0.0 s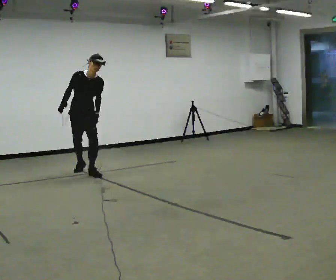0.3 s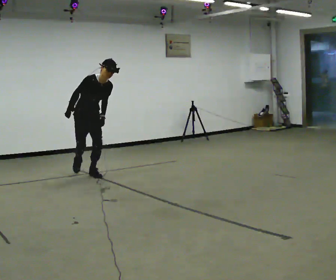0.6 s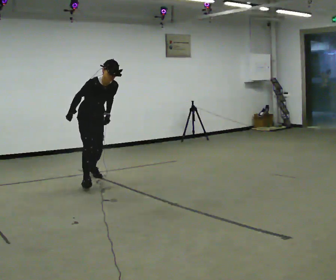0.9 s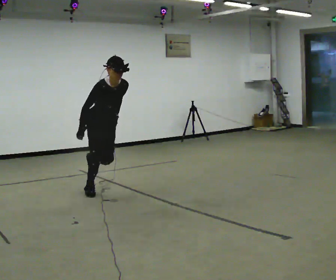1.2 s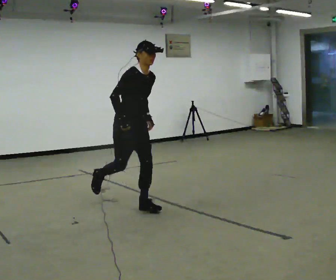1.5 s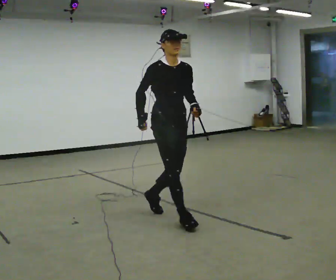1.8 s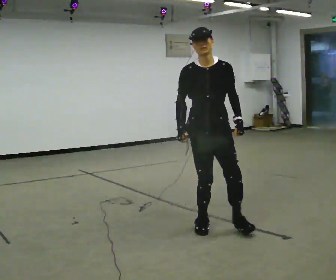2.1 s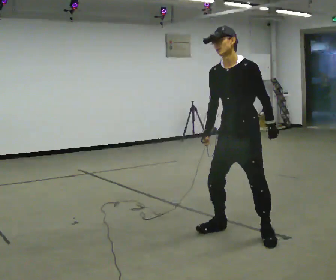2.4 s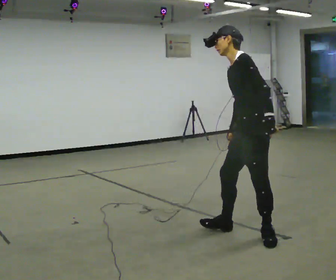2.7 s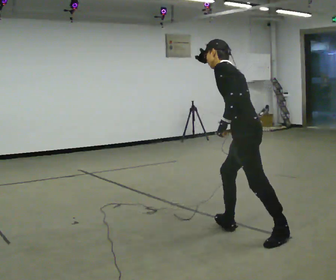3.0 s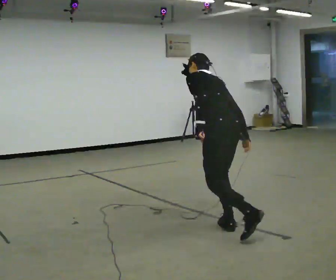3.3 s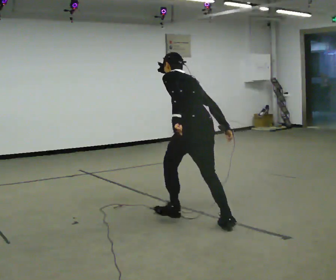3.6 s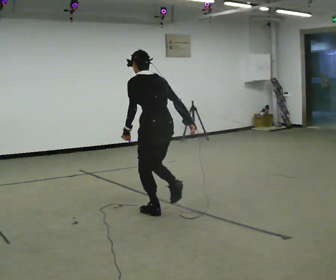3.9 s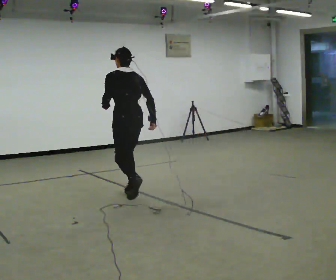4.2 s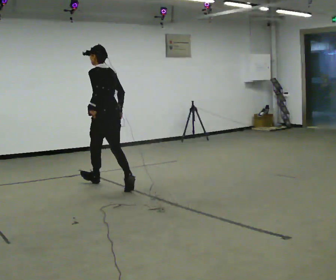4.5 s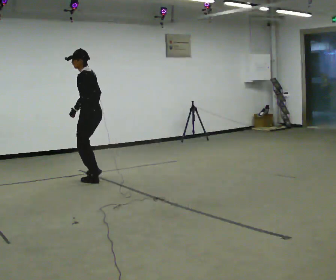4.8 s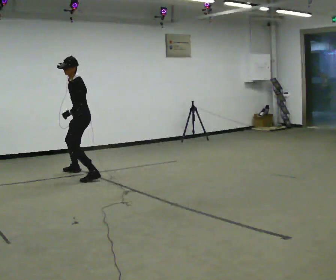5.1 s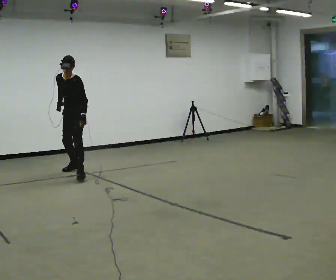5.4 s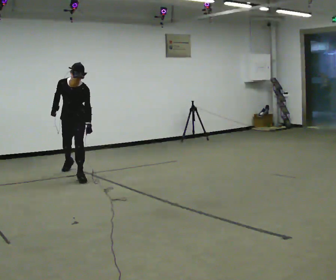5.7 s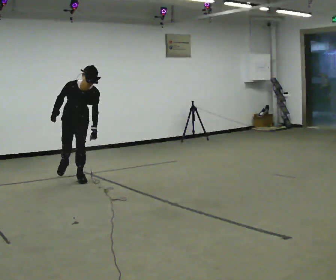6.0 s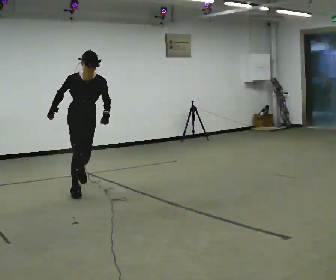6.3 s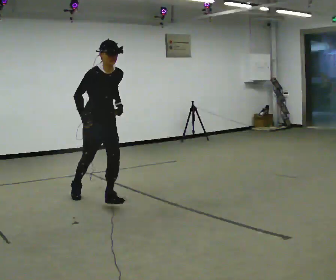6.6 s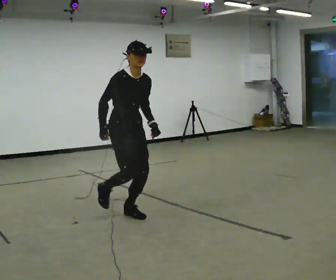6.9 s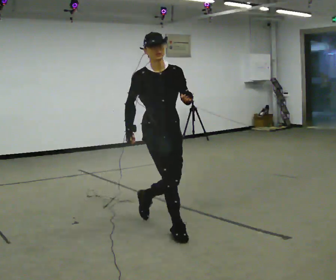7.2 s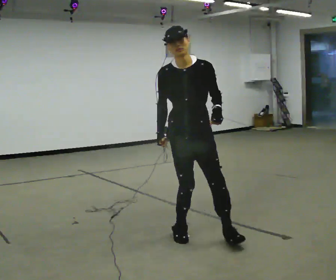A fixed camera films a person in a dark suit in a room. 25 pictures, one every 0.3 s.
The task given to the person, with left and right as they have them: Run toward the marker, then plant and change direction sharply to the side the operator calls, and keep running.
0.0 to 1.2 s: The part of the body nearest the lens slides to the right as the person turns to their left by about 30 degrees. In the picture they go toward the camera and to the right, about 2 m in 1 step, which for them is forward.
1.2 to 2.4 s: The person turns about 135 degrees to their right, clockwise seen from above, so the part of the body nearest the lens slides to the left. In the picture they go to the right and toward the camera, about 1.5 m in 4 steps. In the picture the upper body tilts counterclockwise, shoulders to the left.
2.4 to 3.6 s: The person turns about 60 degrees to their right, clockwise seen from above, so the part of the body nearest the lens slides to the left. In the picture they go away from the camera and to the left, about 1 m in 1 step.
3.6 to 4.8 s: The person turns about 90 degrees to their left, counterclockwise seen from above, so the part of the body nearest the lens slides to the right. In the picture they go away from the camera and to the left, about 2 m in 3 steps. The upper body tips toward the camera, its near side rolling downward.
4.8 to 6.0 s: The person turns about 90 degrees to their left, counterclockwise seen from above, so the part of the body nearest the lens slides to the right. In the picture they go toward the camera, about 1 m in 1 step.
6.0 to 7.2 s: The part of the body nearest the lens slides to the left as the person turns to their right by about 30 degrees. In the picture they go toward the camera and to the right, about 2 m in 3 steps, which for them is forward. In the picture the upper body tilts counterclockwise, shoulders to the left.
The film runs forward here.
